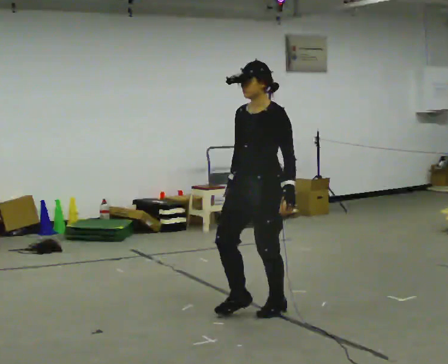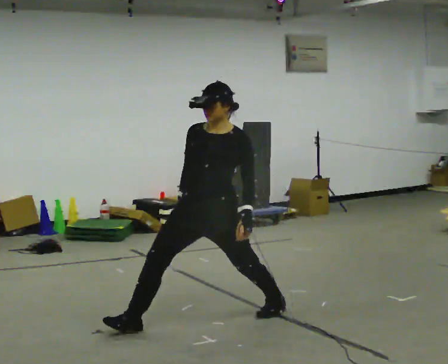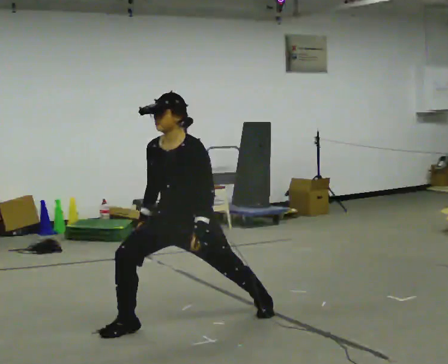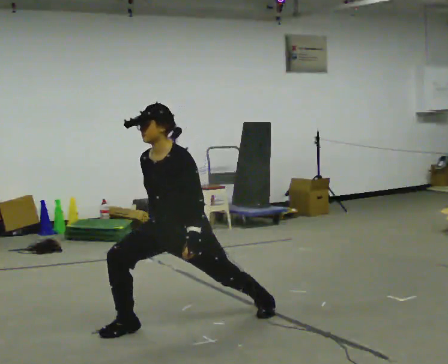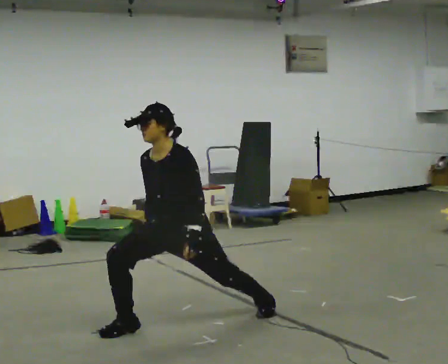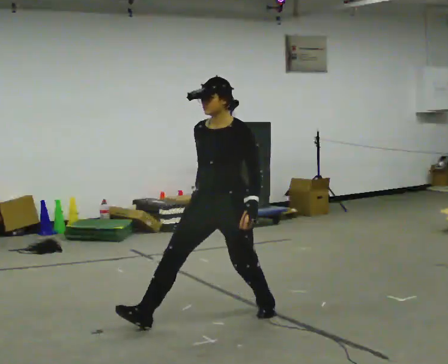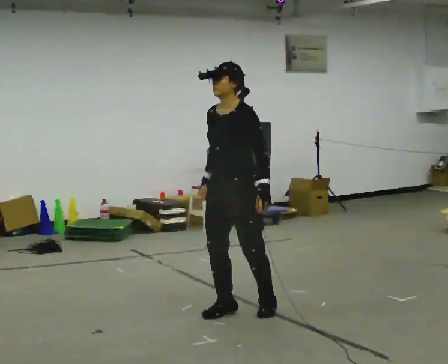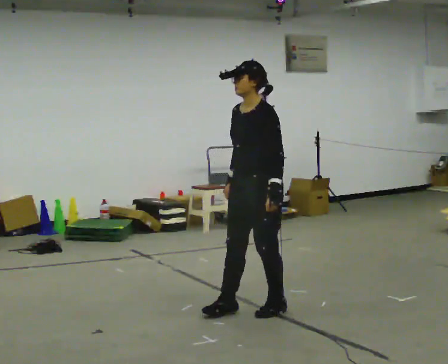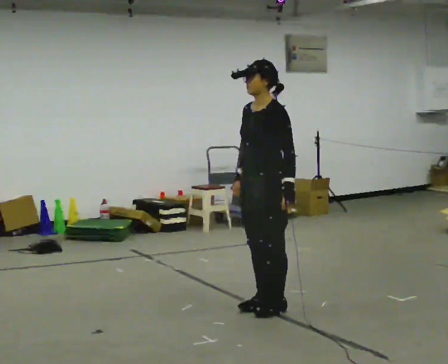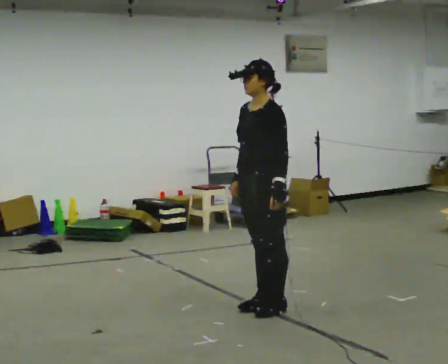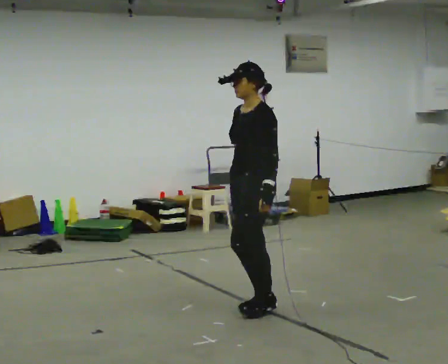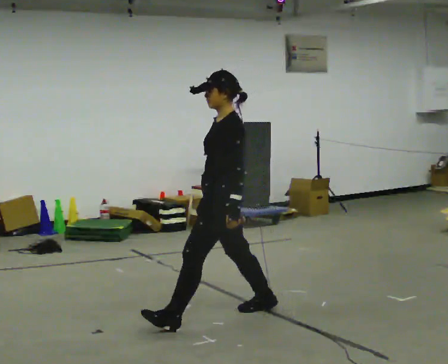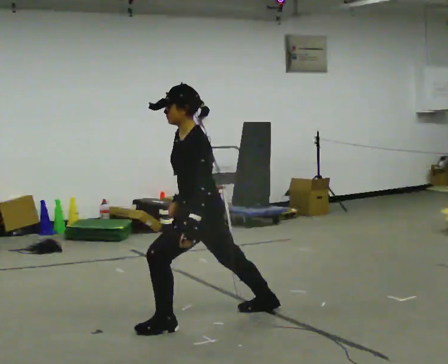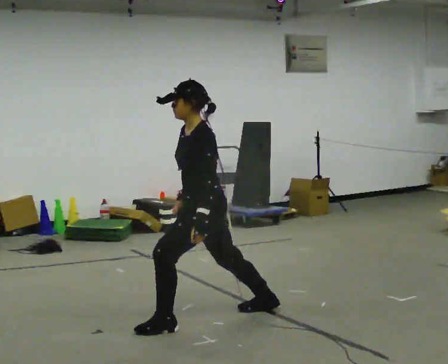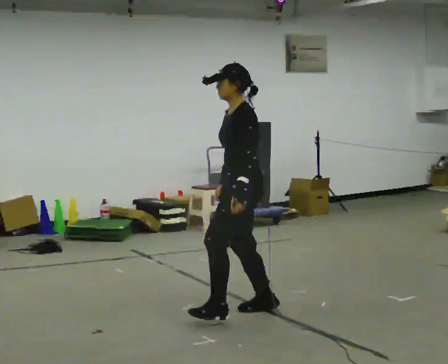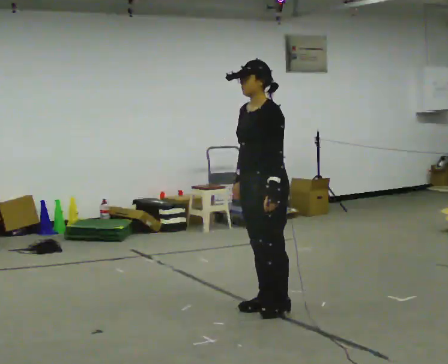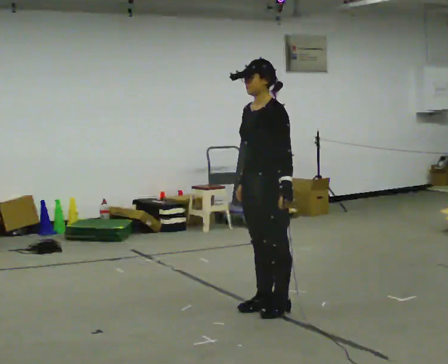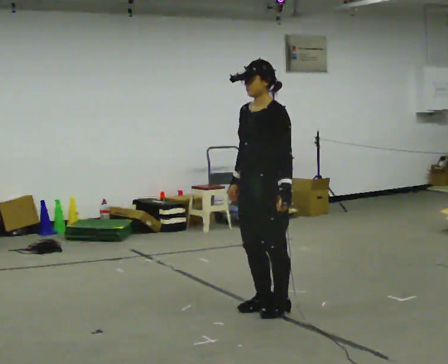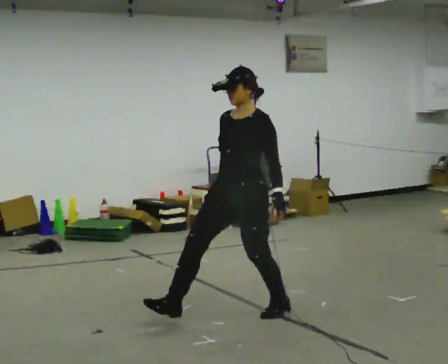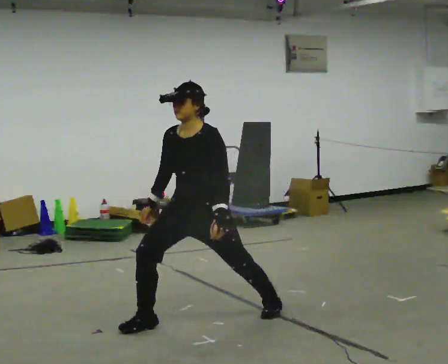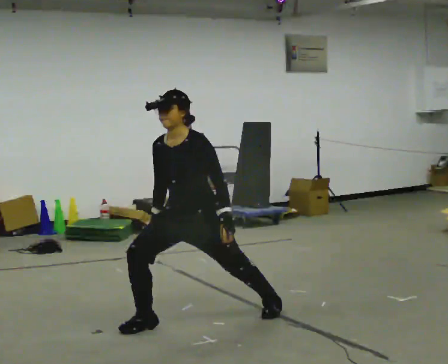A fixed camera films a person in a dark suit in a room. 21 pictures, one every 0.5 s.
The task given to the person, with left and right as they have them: Step forward into a lunge on the leg the operator calls, lowering your back knee toward the floor, then push back to standing. Then do the same stepping backward instead. Repeat the movement at your own pace until the operator says stop; do not rush.
0.0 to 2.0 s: In the picture they go to the left and toward the camera, about 0.5 m in 2 steps, which for them is forward and to their right. The shoulders move downward.
2.0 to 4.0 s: The part of the body nearest the lens slides to the left as the person turns to their right by about 30 degrees. In the picture they go to the right and away from the camera, about 0.5 m in 2 steps, which for them is backward. The upper body goes upward.
4.0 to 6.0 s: In the picture they go to the left and toward the camera, about 0.5 m in 1 step, which for them is forward. The shoulders move downward.
6.0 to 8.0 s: In the picture they go to the right and away from the camera, about 0.5 m in 1 step, which for them is backward. The shoulders move upward.
8.0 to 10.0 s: The person turns about 30 degrees to their left, counterclockwise seen from above, so the part of the body nearest the lens slides to the right. In the picture they go to the left and toward the camera, about 0.5 m in 1 step, which for them is forward and to their right. The upper body goes downward.
The film runs forward here.
